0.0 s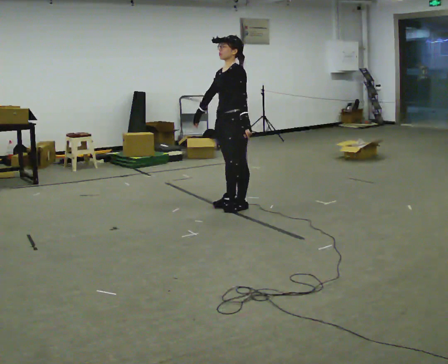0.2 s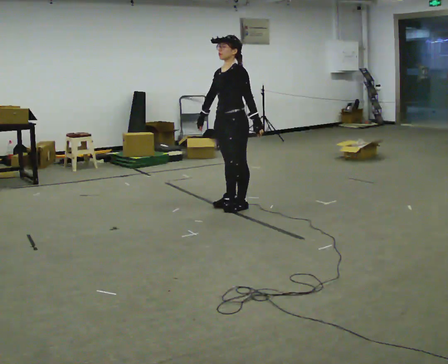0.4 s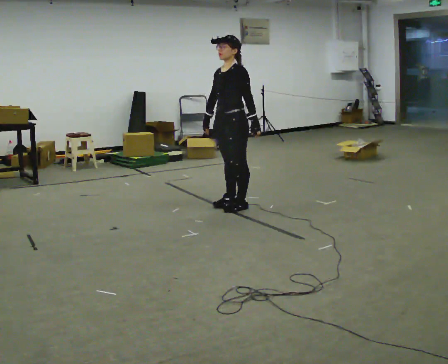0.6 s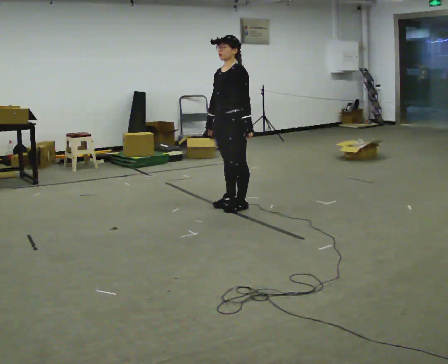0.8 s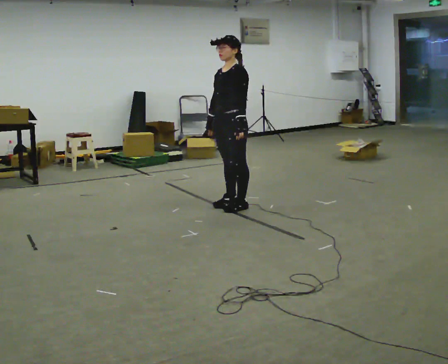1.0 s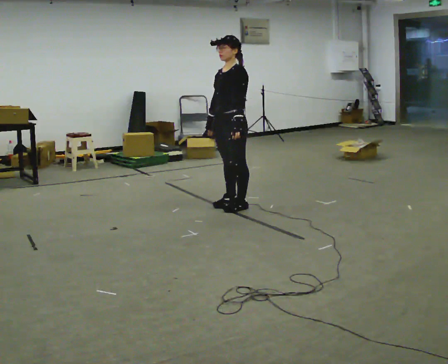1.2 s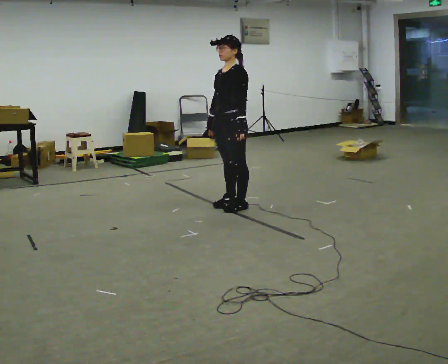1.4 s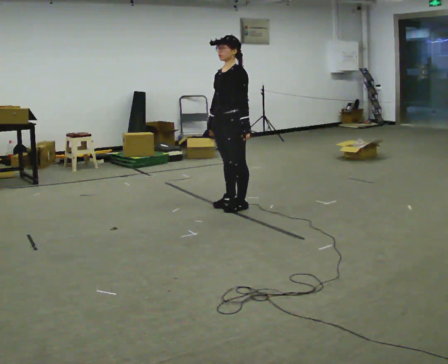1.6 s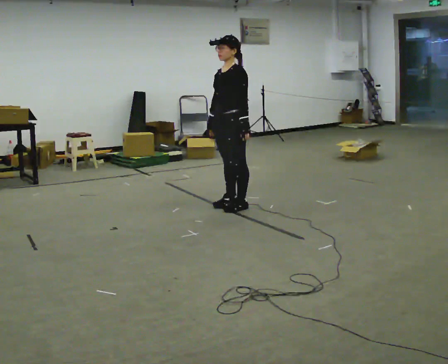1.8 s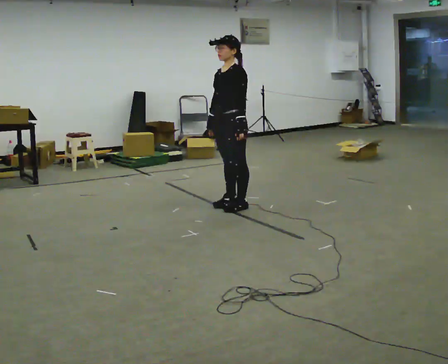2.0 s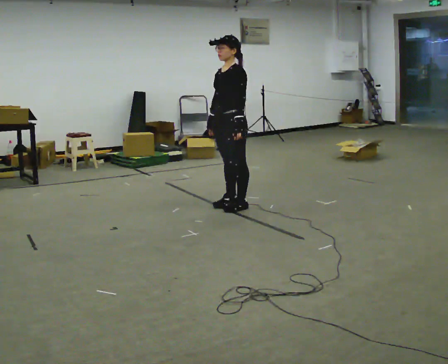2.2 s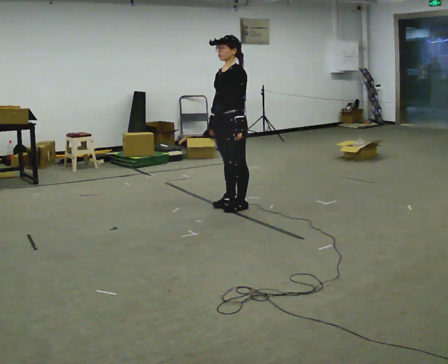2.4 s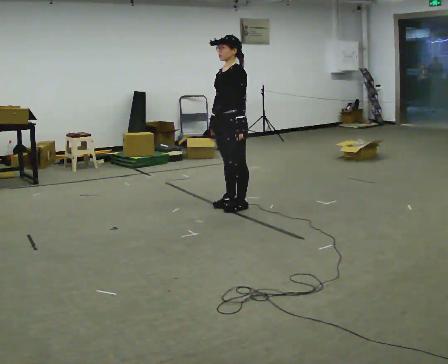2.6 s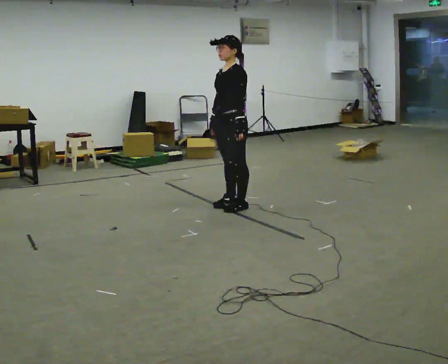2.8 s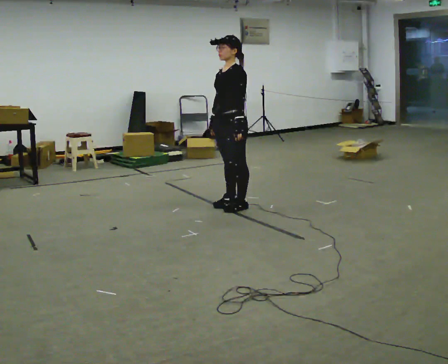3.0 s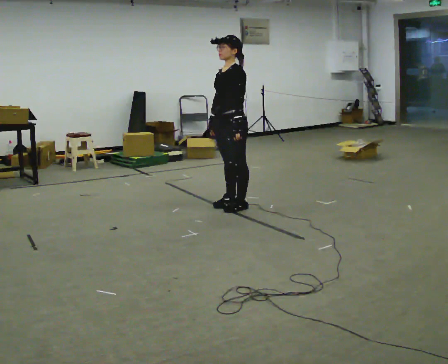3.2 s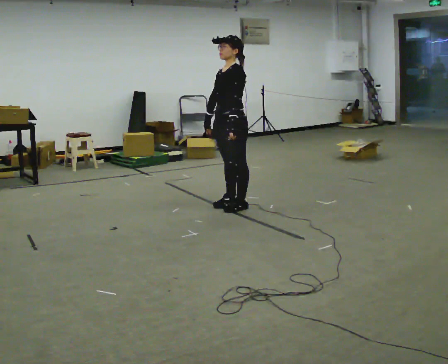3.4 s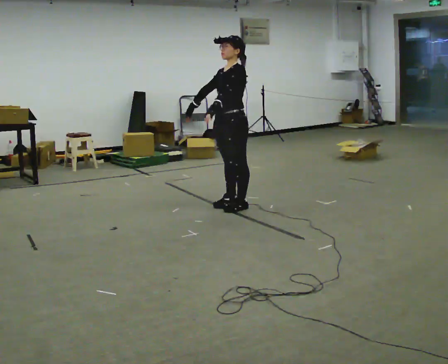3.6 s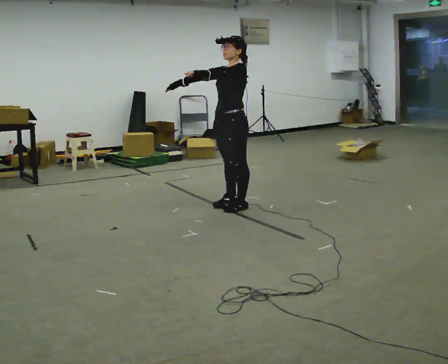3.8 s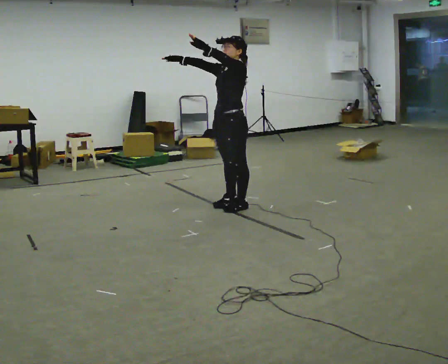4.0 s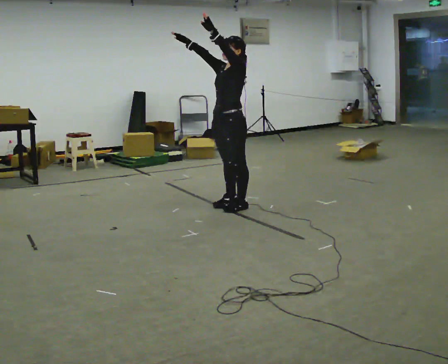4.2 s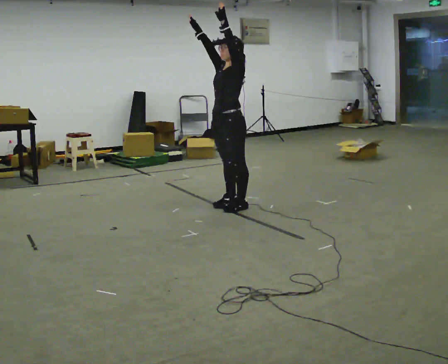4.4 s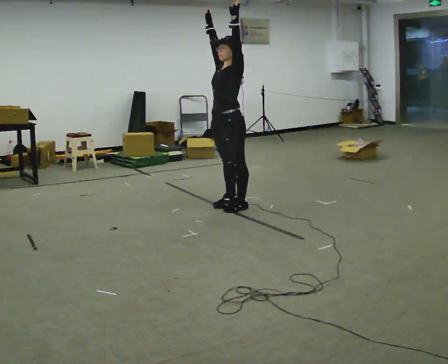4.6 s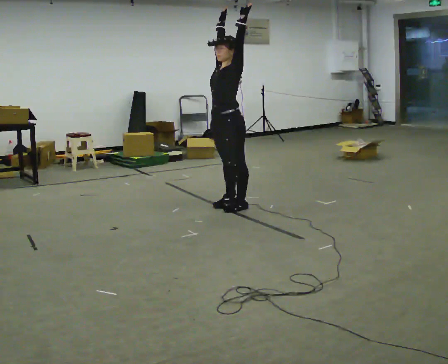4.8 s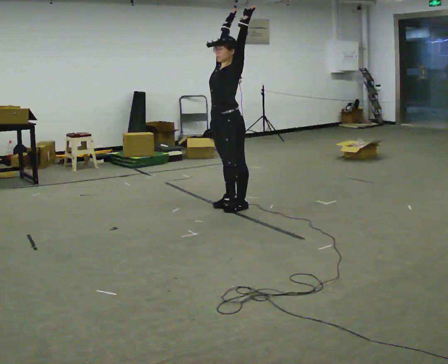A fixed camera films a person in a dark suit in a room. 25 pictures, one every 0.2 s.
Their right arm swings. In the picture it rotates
clockwise.
Their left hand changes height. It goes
upward.
0.0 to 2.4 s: The person moves a little, or ends about where they began.
2.4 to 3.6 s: In the picture their left hand goes upward and to the left.
3.6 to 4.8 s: In the picture their right hand goes upward and to the right, the arm swinging clockwise.
The film runs forward here.
